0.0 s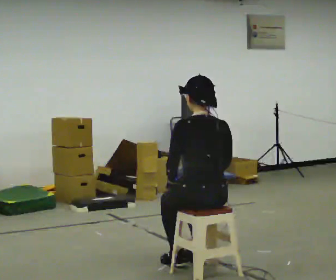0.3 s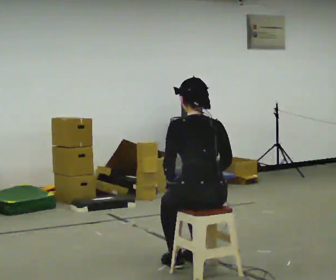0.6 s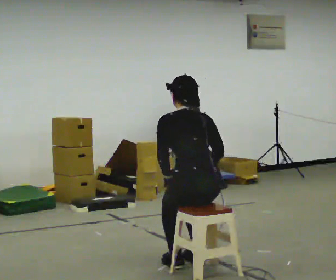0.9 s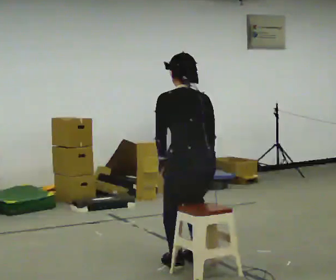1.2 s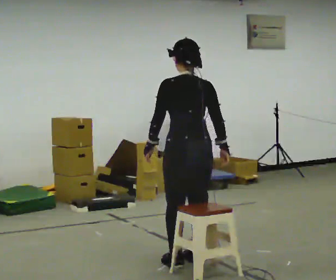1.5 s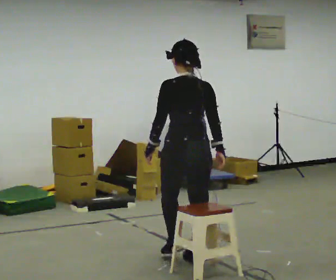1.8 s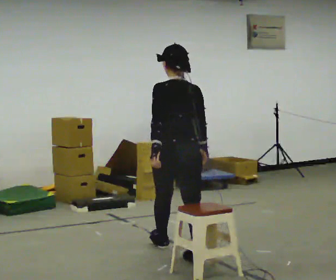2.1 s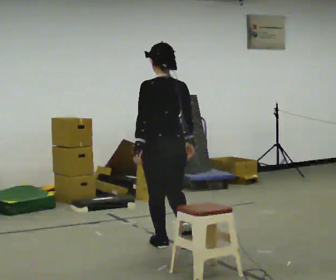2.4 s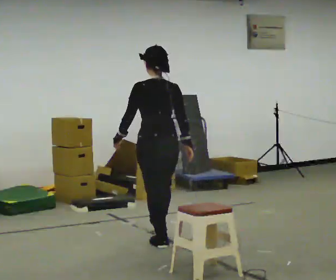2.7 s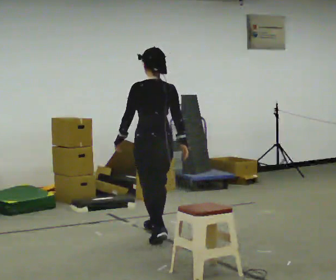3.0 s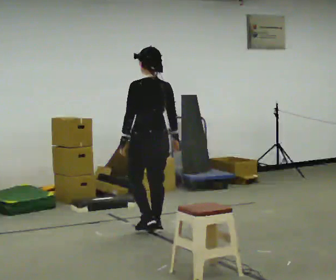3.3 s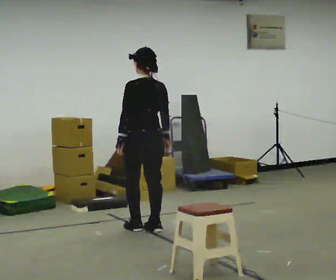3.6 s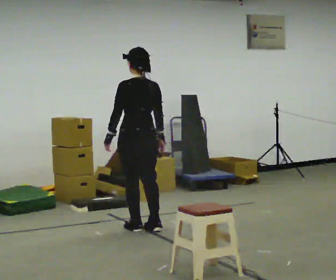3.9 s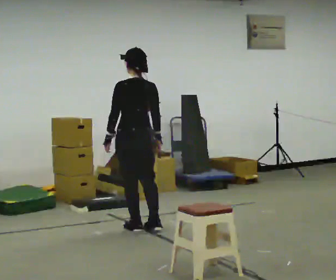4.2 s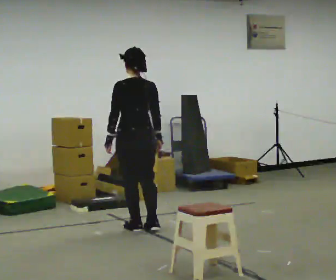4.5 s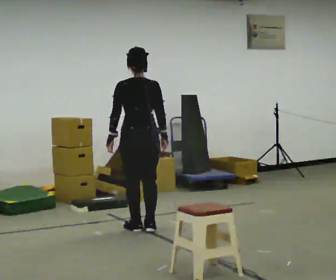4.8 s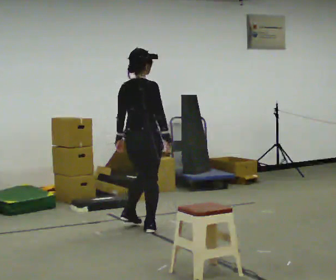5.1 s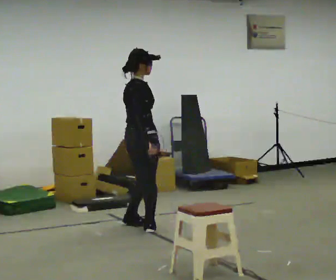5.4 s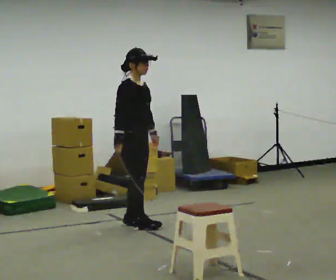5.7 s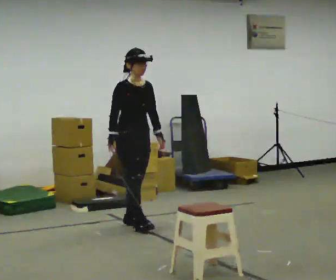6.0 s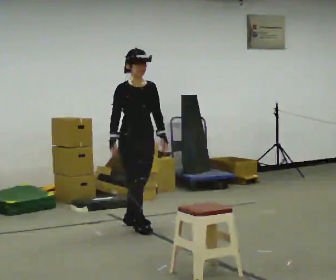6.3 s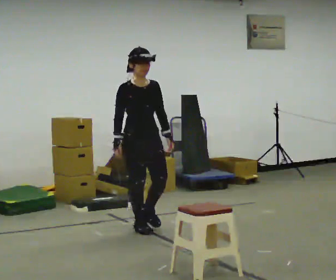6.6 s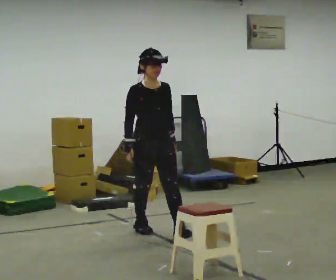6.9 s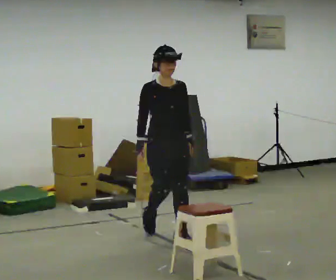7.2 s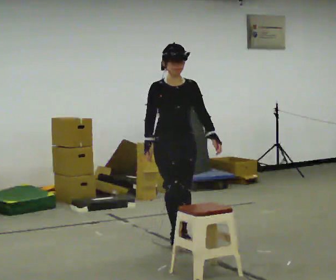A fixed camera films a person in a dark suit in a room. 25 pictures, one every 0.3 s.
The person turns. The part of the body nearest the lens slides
to the left.
The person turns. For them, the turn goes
to their right.
0.0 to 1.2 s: In the picture they go away from the camera, about 0.25 m, which for them is forward. The upper body goes upward.
1.2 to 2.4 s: In the picture they go away from the camera, about 0.75 m in 1 step, which for them is forward.
2.4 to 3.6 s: In the picture they go away from the camera, about 0.5 m in 2 steps, which for them is forward.
3.6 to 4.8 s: The part of the body nearest the lens slides to the left as the person turns to their right by about 60 degrees.
4.8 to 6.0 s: The person turns about 105 degrees to their right, clockwise seen from above, so the part of the body nearest the lens slides to the left. In the picture their left hand goes to the right, the arm swinging counterclockwise.
6.0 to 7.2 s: In the picture they go toward the camera and to the right, about 0.75 m in 1 step, which for them is forward.
The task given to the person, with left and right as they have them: Walk to chair; sit ~2 s; stand; walk away.
The film runs forward here.
